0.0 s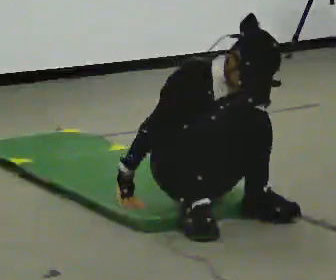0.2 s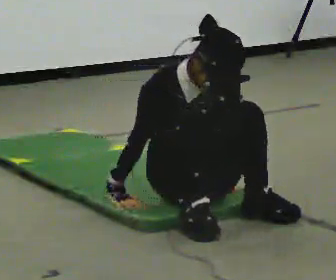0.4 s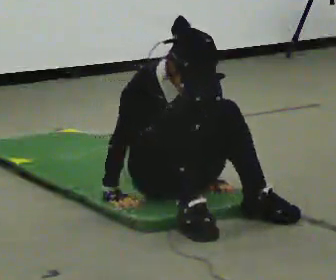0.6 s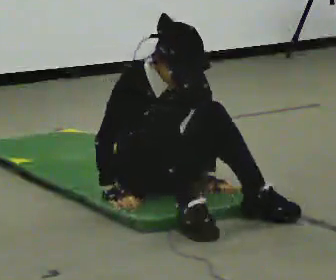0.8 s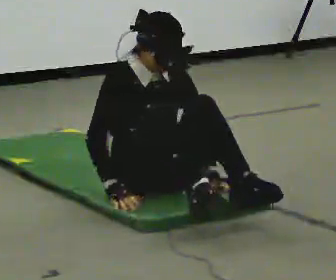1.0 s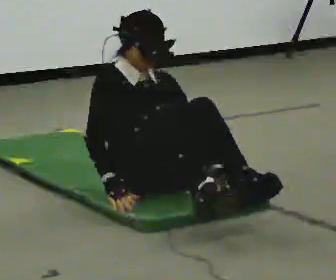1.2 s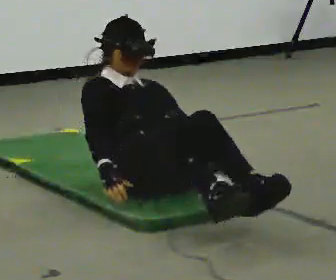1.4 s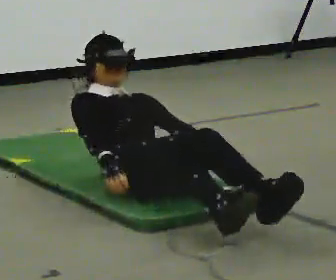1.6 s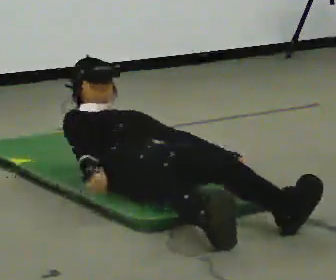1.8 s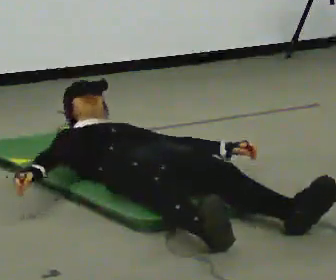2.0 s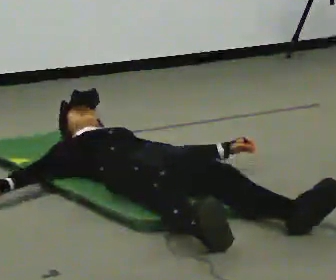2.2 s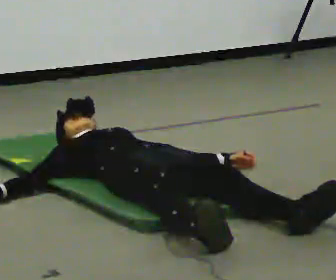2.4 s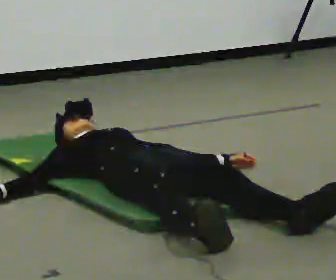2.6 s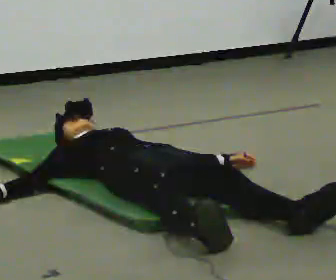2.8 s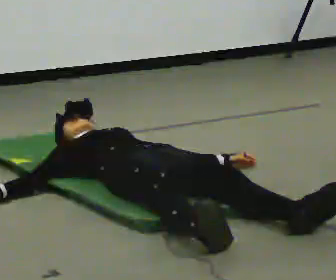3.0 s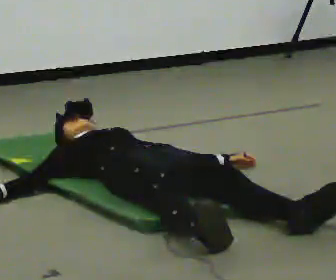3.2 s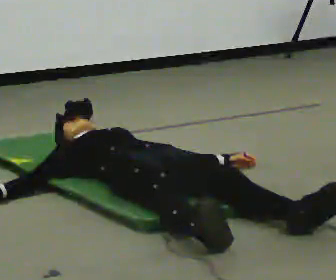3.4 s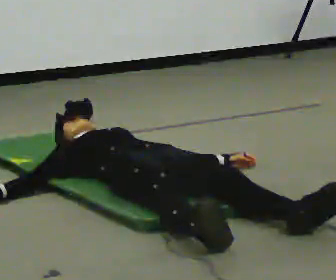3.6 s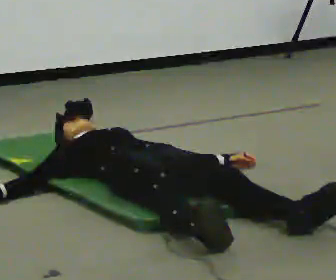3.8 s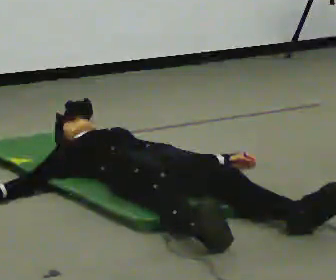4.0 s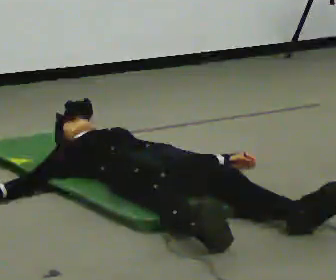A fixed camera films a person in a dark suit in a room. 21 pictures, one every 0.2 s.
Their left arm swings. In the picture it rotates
counterclockwise.
The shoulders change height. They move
downward.
0.0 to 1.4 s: In the picture they go away from the camera and to the left, about 0.25 m in 1 step, which for them is backward. The shoulders move downward. The upper body tips away from the camera, its near side rolling upward, as they lean back or straighten.
1.4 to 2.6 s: The shoulders move downward. In the picture the upper body tilts counterclockwise, shoulders to the left, as they lean back or straighten. In the picture their right hand goes to the left.
2.6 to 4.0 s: The person keeps their place and pose.
The film runs backward here.
